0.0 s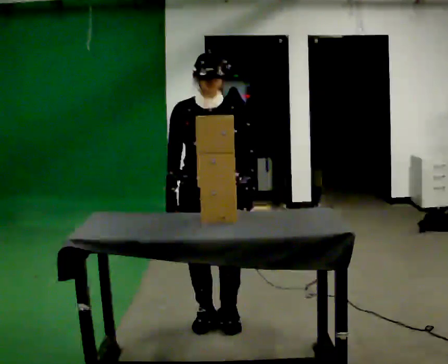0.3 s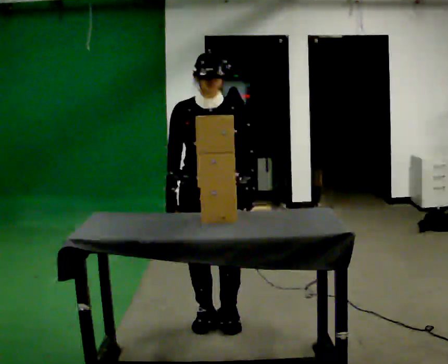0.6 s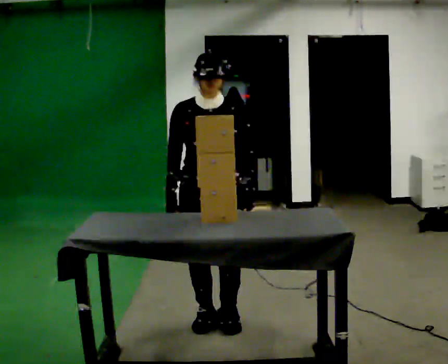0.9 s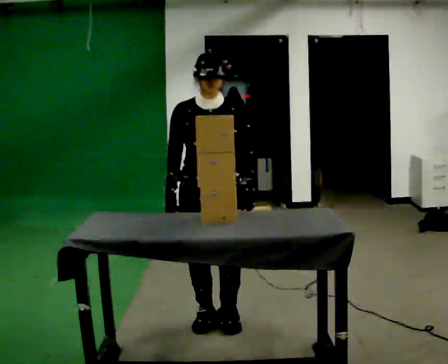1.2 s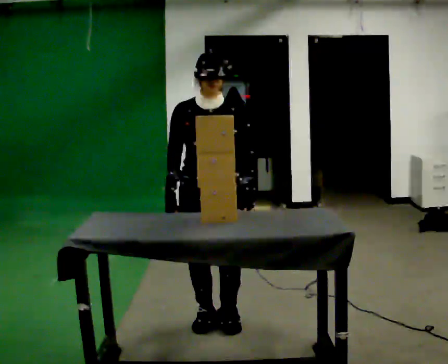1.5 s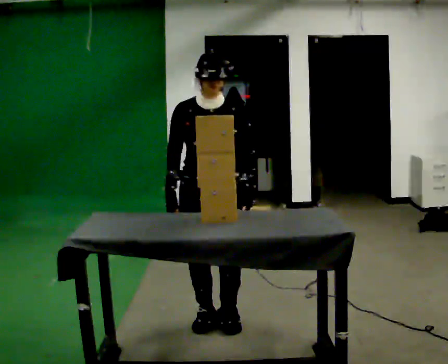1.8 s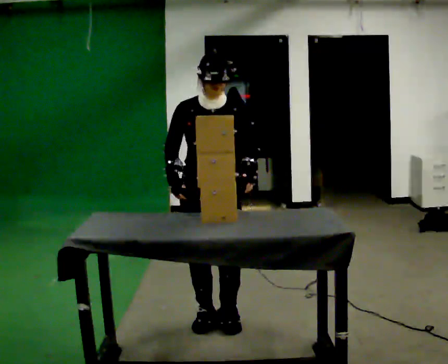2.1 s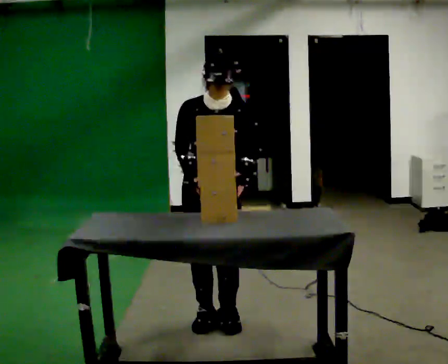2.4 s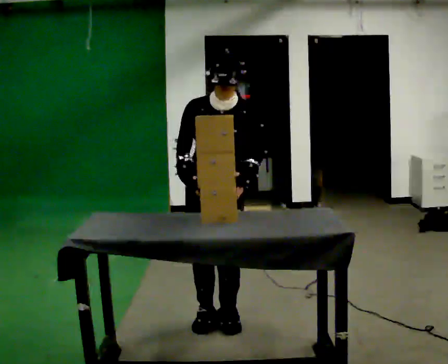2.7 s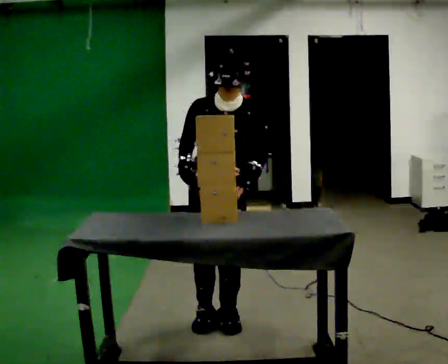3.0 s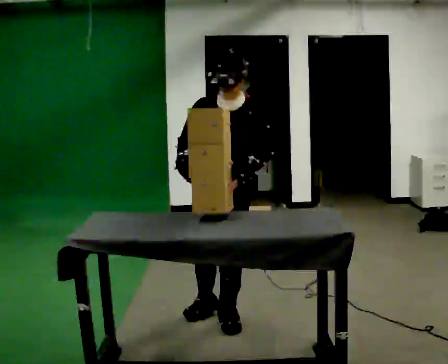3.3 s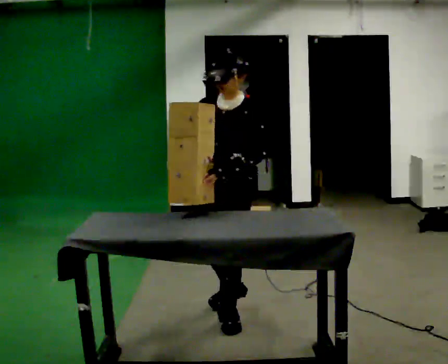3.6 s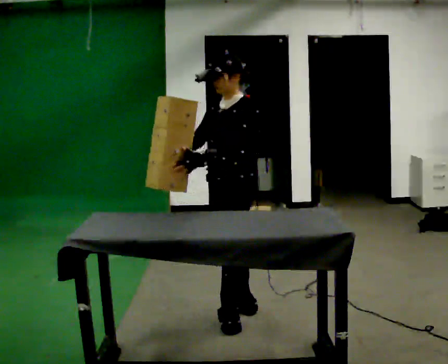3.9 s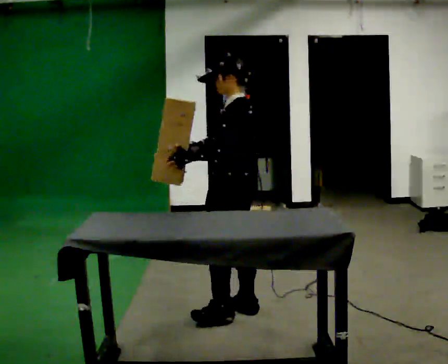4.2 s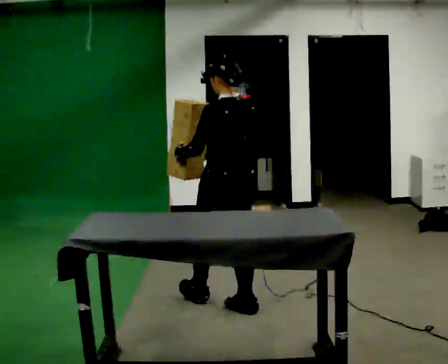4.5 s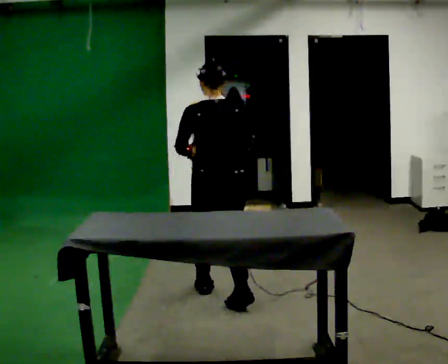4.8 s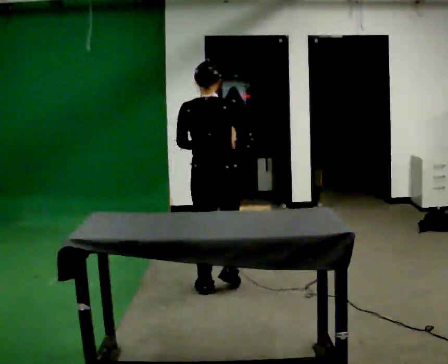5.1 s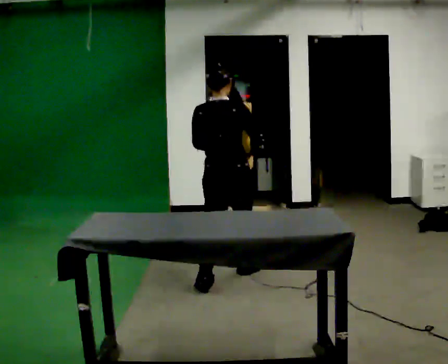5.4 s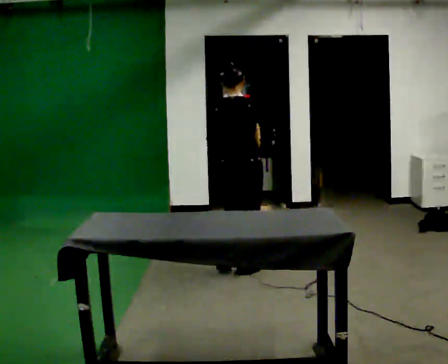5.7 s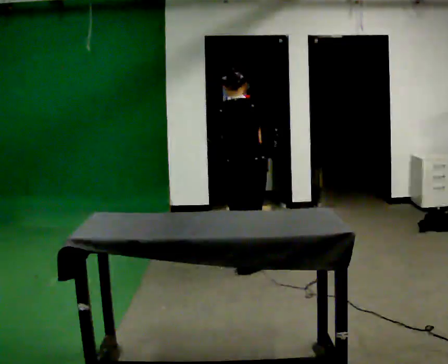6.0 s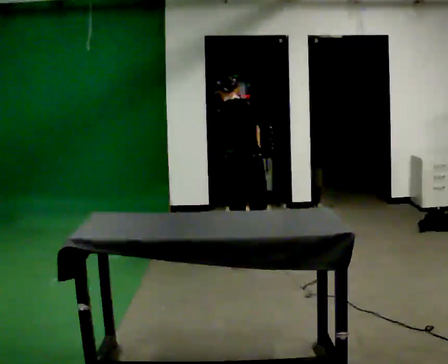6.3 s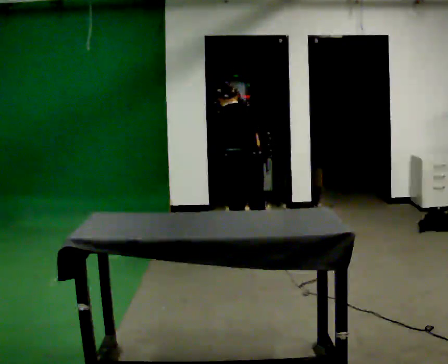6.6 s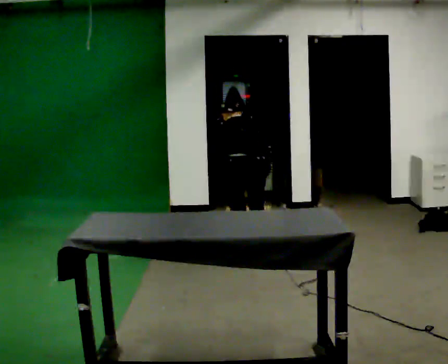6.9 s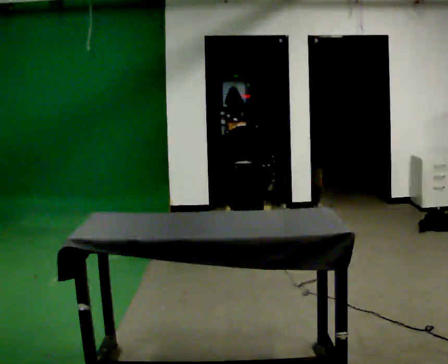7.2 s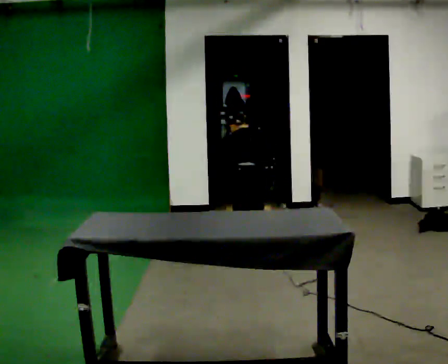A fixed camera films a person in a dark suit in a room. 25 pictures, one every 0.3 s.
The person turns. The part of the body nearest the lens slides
to the left.
The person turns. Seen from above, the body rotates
clockwise.
0.0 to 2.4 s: The person moves a little, or ends about where they began.
2.4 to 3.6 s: The part of the body nearest the lens slides to the left as the person turns to their right by about 60 degrees. In the picture they go away from the camera, about 0.25 m in 1 step, which for them is backward.
3.6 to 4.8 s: Seen from above the body turns clockwise, about 120 degrees: to their right, with its near side sliding to the left. In the picture they go away from the camera, about 0.5 m in 1 step.
4.8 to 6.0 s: In the picture they go away from the camera, about 1 m in 2 steps, which for them is forward.
6.0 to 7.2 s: In the picture they go away from the camera, about 0.25 m in 1 step, which for them is forward. The shoulders move downward. The upper body tips away from the camera, its near side rolling upward, as they bend forward. In the picture their right hand goes downward.
The film runs forward here.
